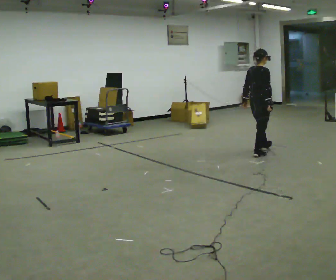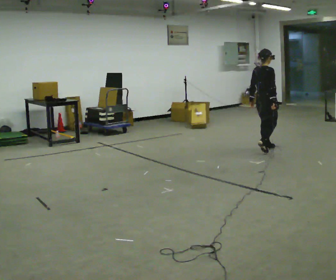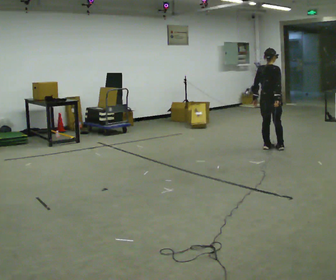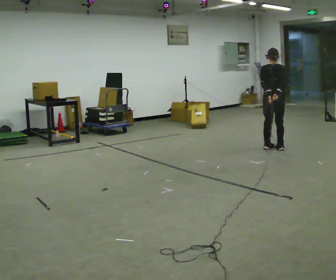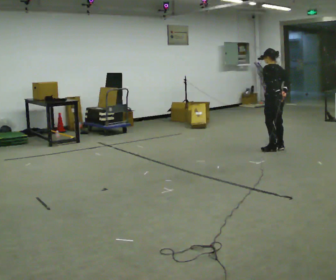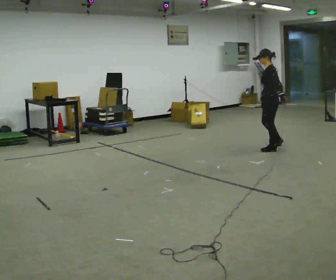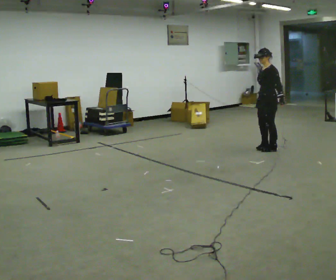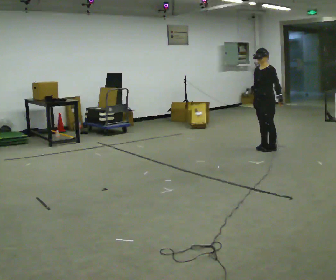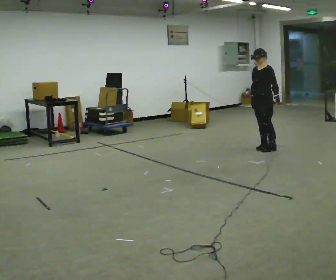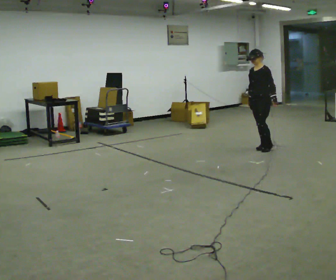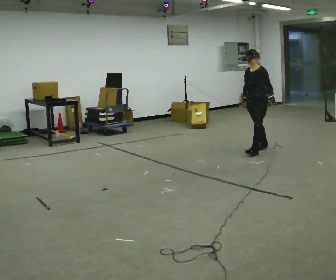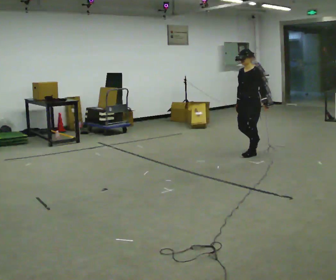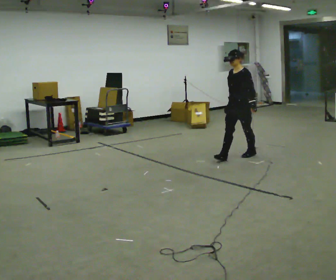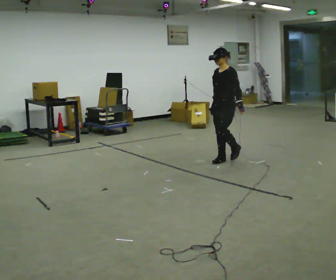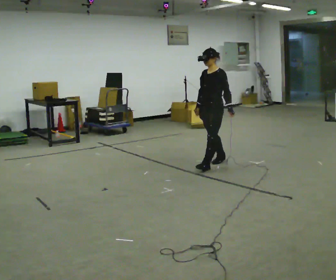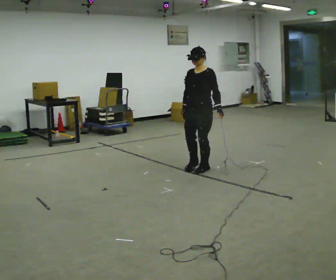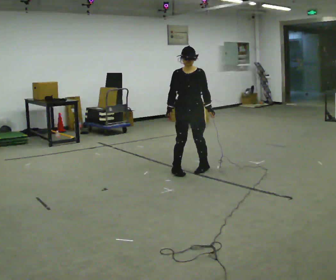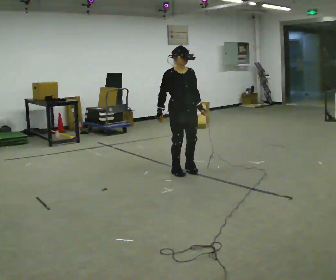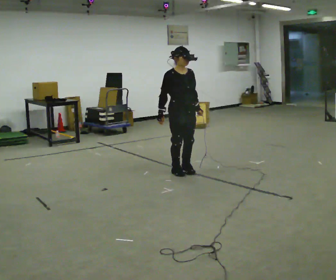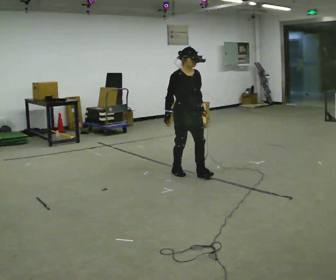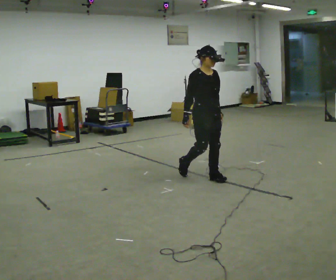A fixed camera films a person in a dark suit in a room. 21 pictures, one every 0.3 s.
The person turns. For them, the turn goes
to their left.
The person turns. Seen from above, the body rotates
counterclockwise.
0.0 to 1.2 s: The person turns about 105 degrees to their left, counterclockwise seen from above, so the part of the body nearest the lens slides to the right. In the picture they go to the right and away from the camera, about 0.25 m in 3 steps.
1.2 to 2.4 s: The person turns about 75 degrees to their left, counterclockwise seen from above, so the part of the body nearest the lens slides to the right. In the picture they go to the left, about 0.25 m in 1 step. In the picture their right hand goes to the left.
2.4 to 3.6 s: In the picture they go toward the camera and to the left, about 0.5 m in 1 step, which for them is forward.
3.6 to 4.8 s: The person turns about 60 degrees to their left, counterclockwise seen from above, so the part of the body nearest the lens slides to the right. In the picture they go toward the camera and to the left, about 1 m in 3 steps, which for them is forward.
4.8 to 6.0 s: Seen from above the body turns counterclockwise, about 30 degrees: to their left, with its near side sliding to the right. In the picture they go toward the camera and to the right, about 0.25 m in 2 steps, which for them is forward.
The film runs forward here.
